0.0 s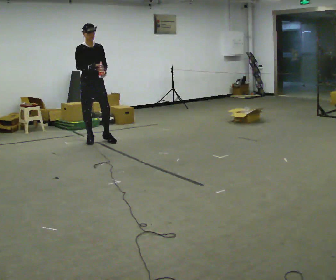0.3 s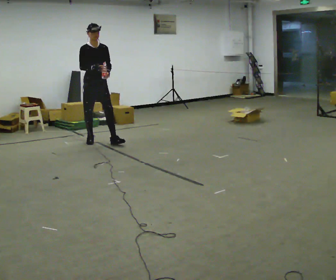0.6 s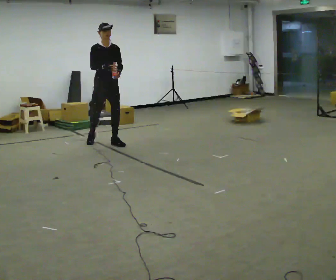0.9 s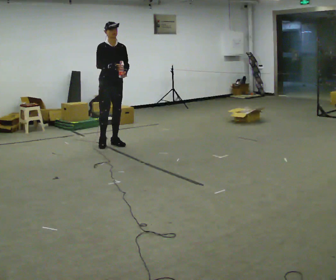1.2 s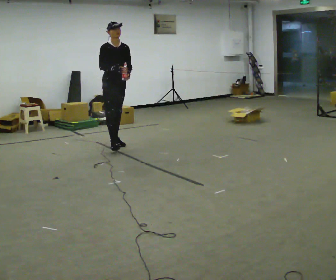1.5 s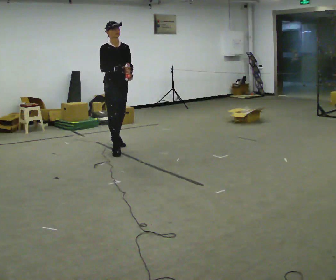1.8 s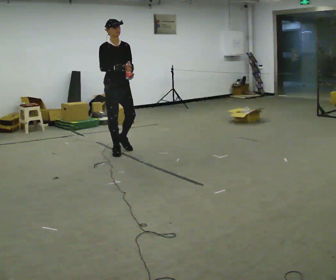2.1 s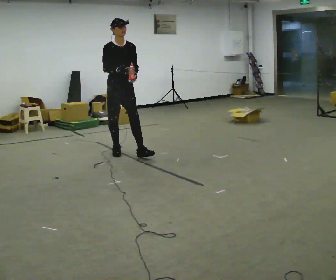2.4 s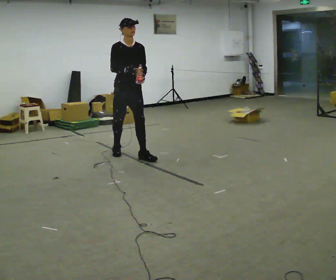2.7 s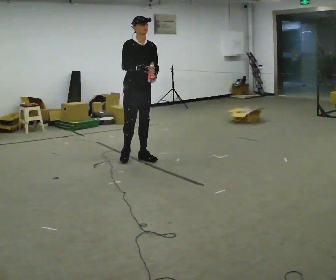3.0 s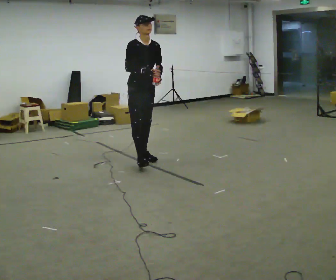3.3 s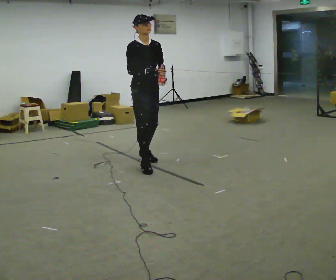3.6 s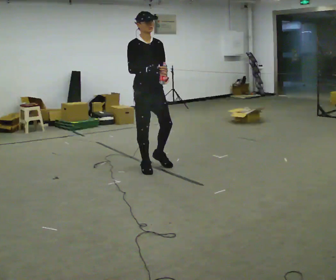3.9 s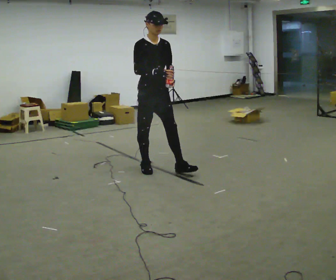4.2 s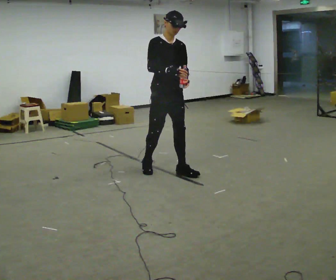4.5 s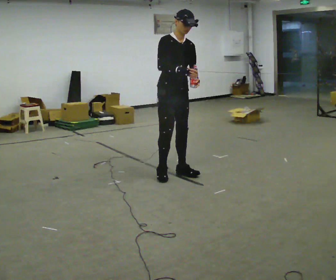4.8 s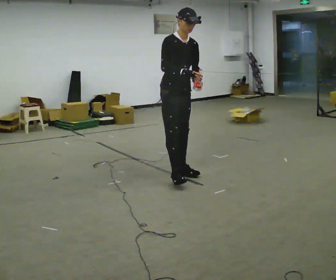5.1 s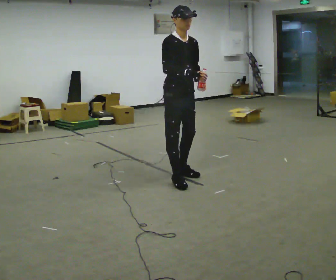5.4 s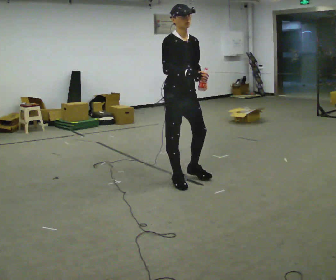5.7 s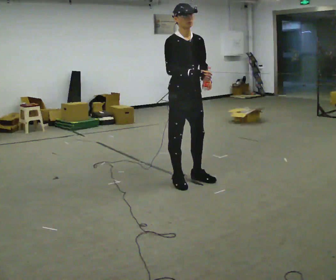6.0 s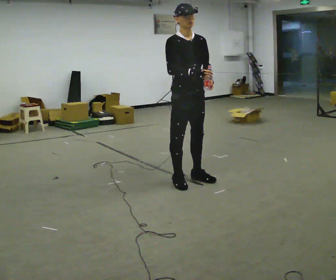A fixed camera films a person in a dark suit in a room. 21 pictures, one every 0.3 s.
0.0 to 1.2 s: In the picture they go to the right and toward the camera, about 0.5 m in 1 step, which for them is forward and to their left.
1.2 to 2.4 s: In the picture they go toward the camera, about 0.75 m in 2 steps, which for them is forward.
2.4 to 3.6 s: In the picture they go toward the camera, about 0.5 m in 1 step, which for them is forward.
3.6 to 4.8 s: In the picture they go toward the camera and to the right, about 0.5 m in 2 steps, which for them is forward.
4.8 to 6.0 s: In the picture they go toward the camera, about 0.25 m in 1 step, which for them is forward.
The film runs forward here.
